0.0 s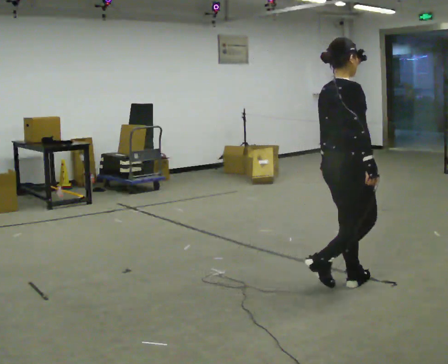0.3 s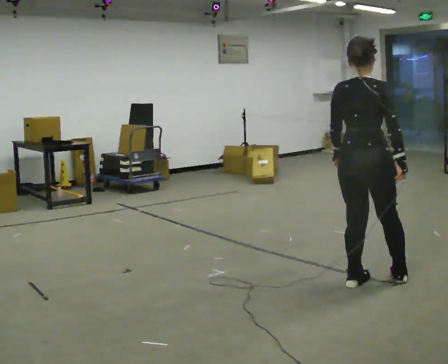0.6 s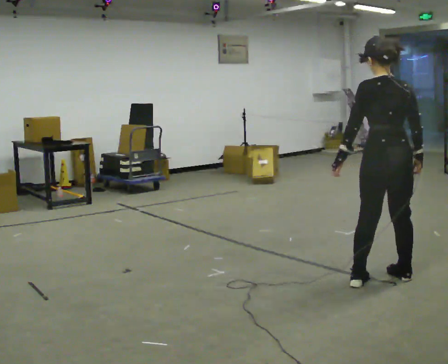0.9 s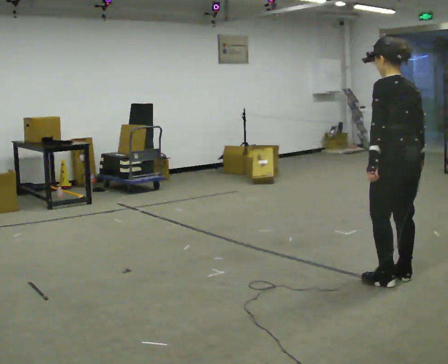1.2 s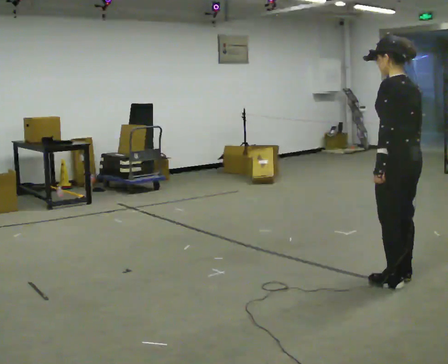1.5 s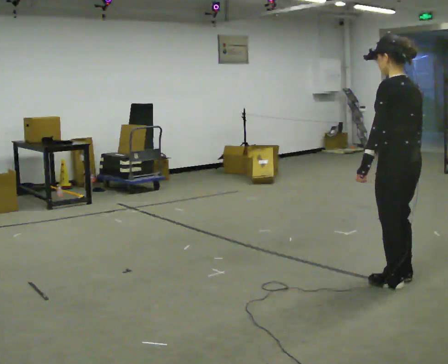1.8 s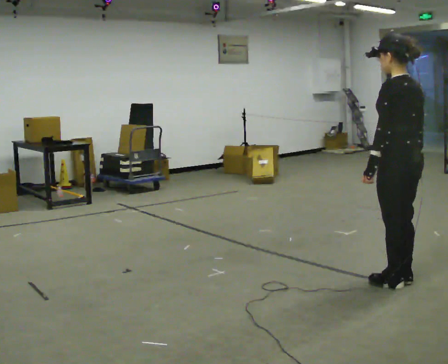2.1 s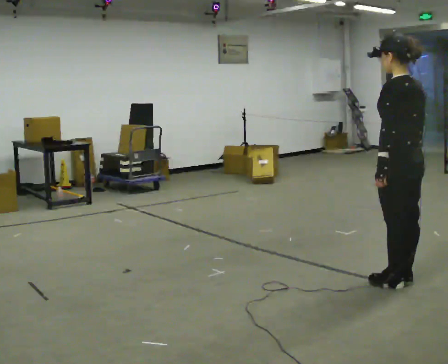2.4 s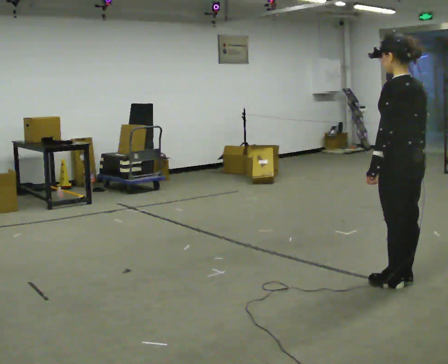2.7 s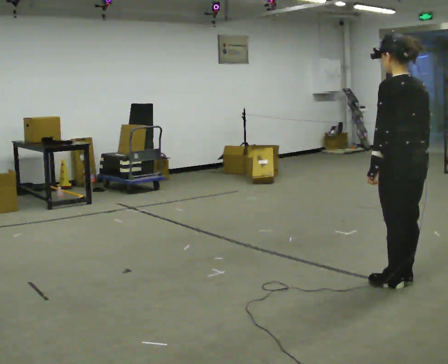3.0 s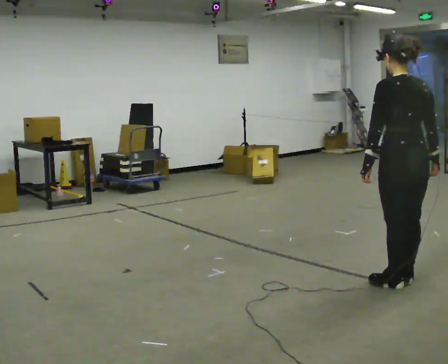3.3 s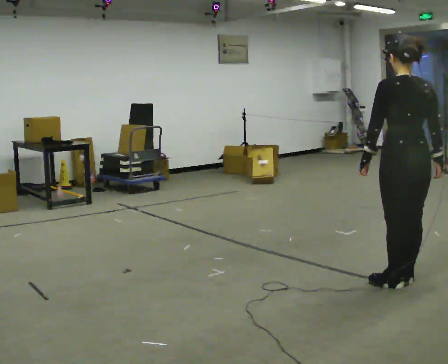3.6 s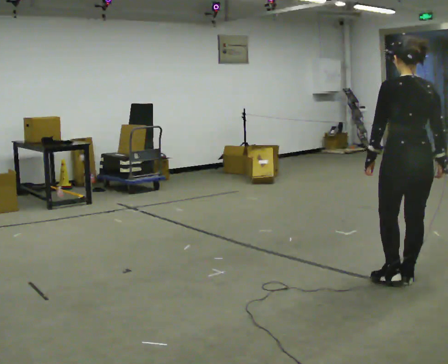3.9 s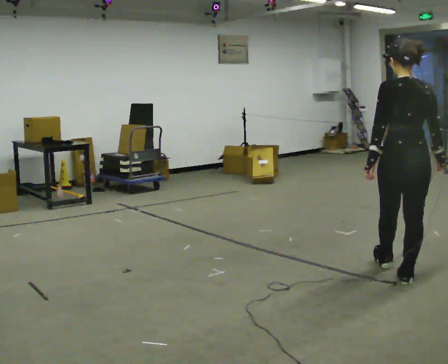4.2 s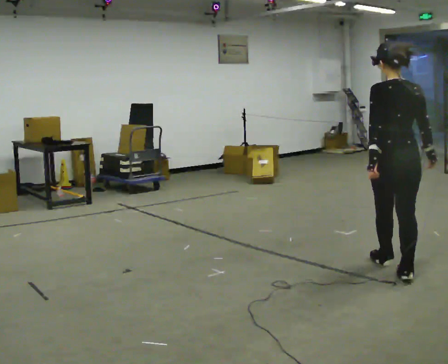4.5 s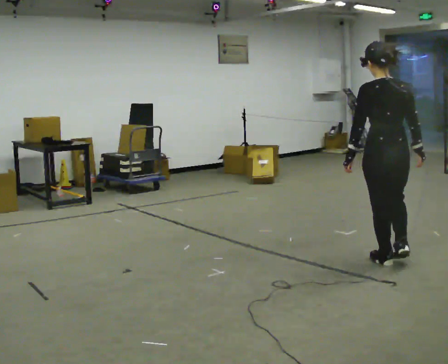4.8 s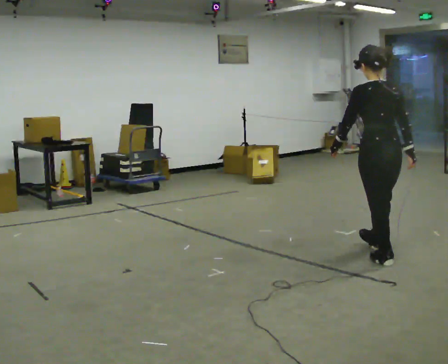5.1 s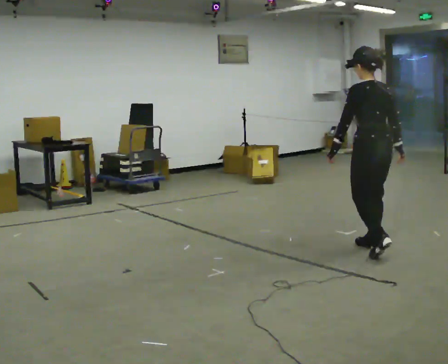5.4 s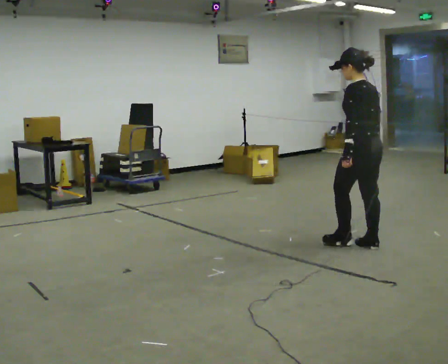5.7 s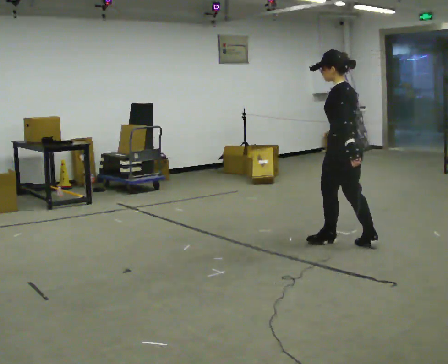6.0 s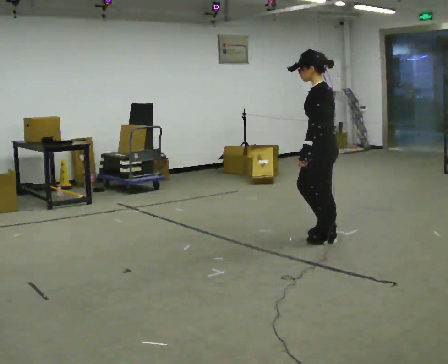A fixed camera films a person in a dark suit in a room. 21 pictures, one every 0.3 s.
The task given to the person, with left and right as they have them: Walk one full figure-eight continuously at comfortable speed; stop.
0.0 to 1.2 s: Seen from above the body turns counterclockwise, about 105 degrees: to their left, with its near side sliding to the right. In the picture they go to the right, about 0.5 m in 2 steps.
1.2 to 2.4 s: The person moves a little, or ends about where they began.
2.4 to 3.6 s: Seen from above the body turns clockwise, about 45 degrees: to their right, with its near side sliding to the left.
3.6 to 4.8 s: In the picture they go away from the camera, about 0.5 m in 2 steps, which for them is forward.
4.8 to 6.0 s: Seen from above the body turns counterclockwise, about 60 degrees: to their left, with its near side sliding to the right. In the picture they go to the left and away from the camera, about 0.5 m in 1 step.
The film runs forward here.
